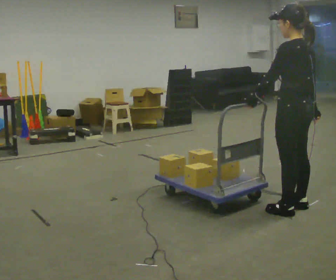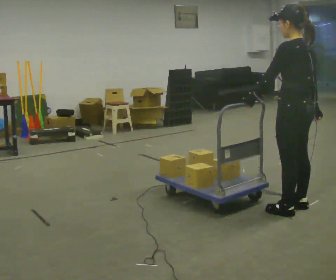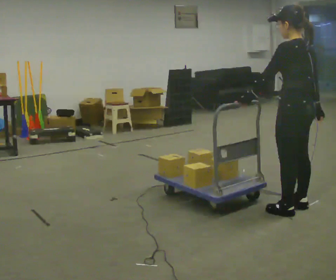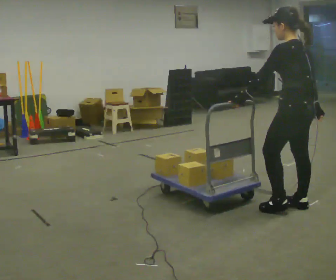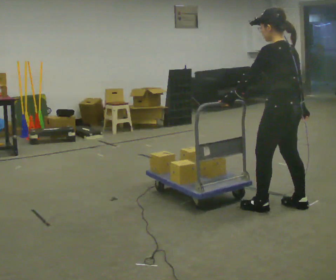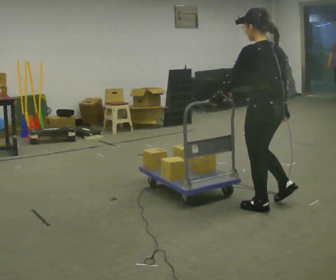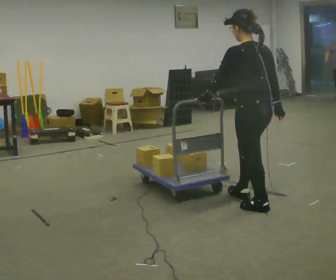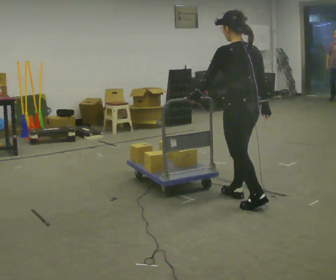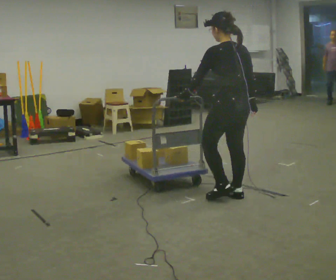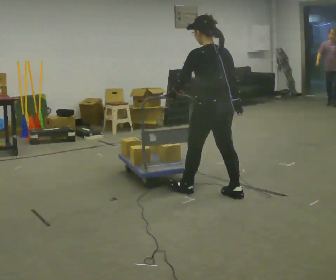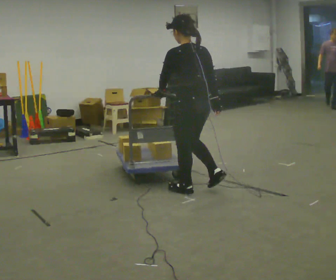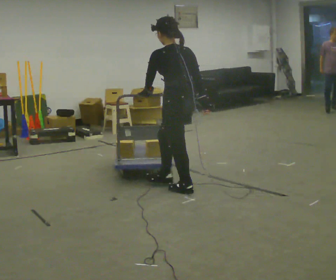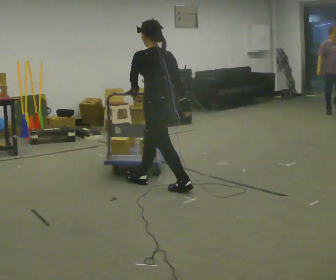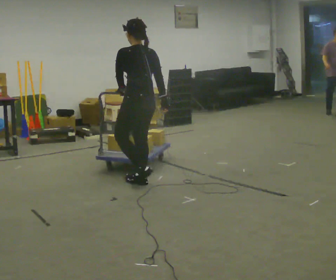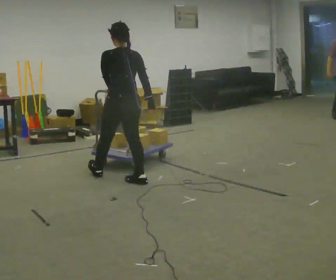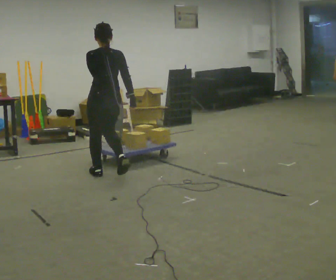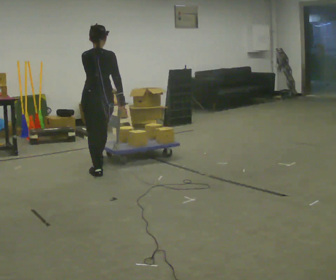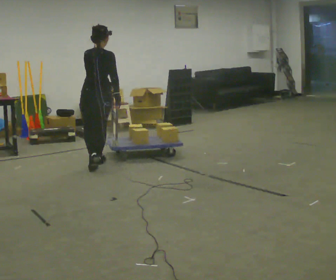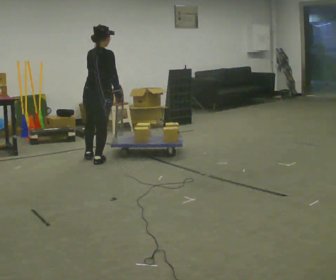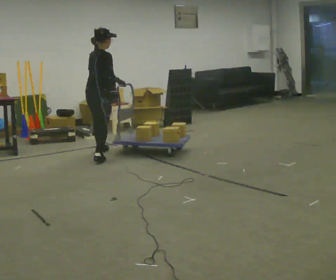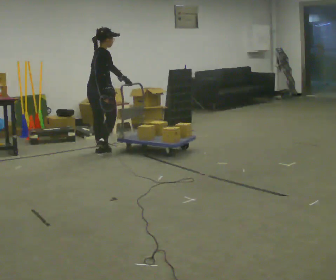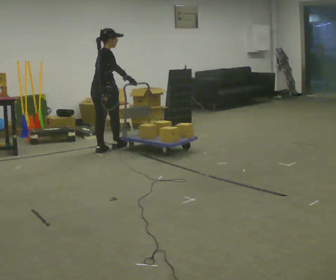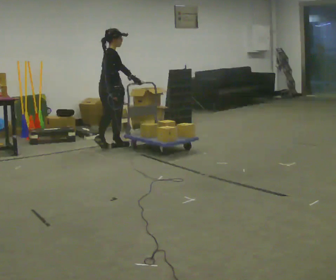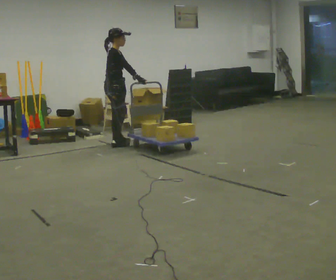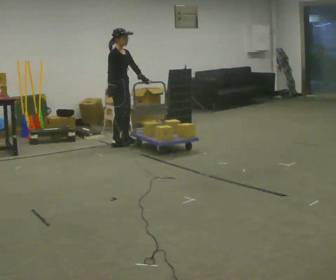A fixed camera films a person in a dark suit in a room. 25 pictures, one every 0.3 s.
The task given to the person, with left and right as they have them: Push the cart across the room using only the hand the operator calls. Keep your other arm at your side.
0.0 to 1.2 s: The person moves a little, or ends about where they began.
1.2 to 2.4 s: In the picture they go away from the camera and to the left, about 0.5 m in 1 step, which for them is forward.
2.4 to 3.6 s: In the picture they go to the left and away from the camera, about 0.5 m in 2 steps, which for them is forward and to their left.
3.6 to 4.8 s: The person turns about 45 degrees to their right, clockwise seen from above, so the part of the body nearest the lens slides to the left. In the picture they go to the left and away from the camera, about 1 m in 1 step, which for them is forward.
4.8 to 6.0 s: The part of the body nearest the lens slides to the left as the person turns to their right by about 45 degrees. In the picture they go away from the camera, about 1 m in 2 steps, which for them is forward and to their left.
6.0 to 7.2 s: The part of the body nearest the lens slides to the left as the person turns to their right by about 60 degrees. In the picture they go away from the camera and to the right, about 0.5 m in 2 steps.
The film runs forward here.
